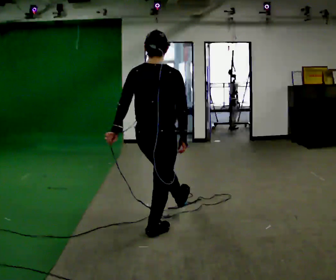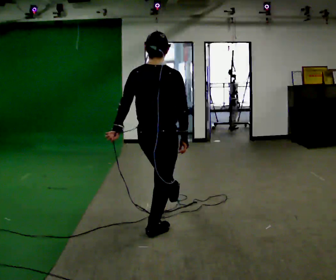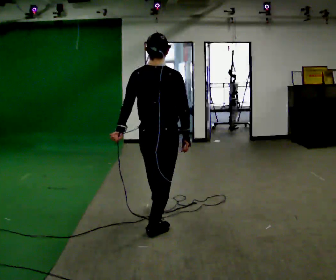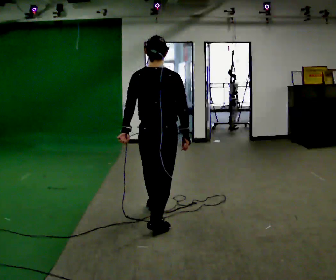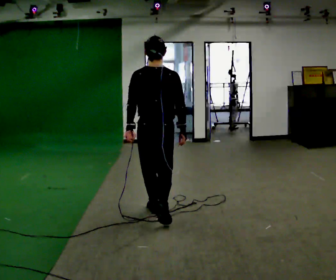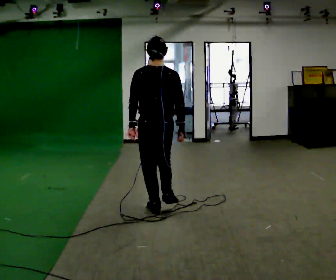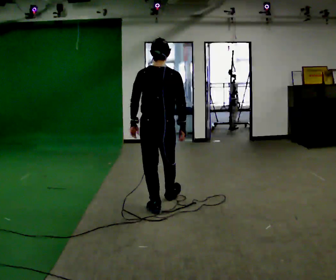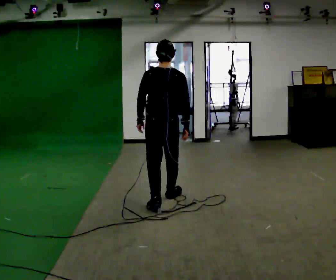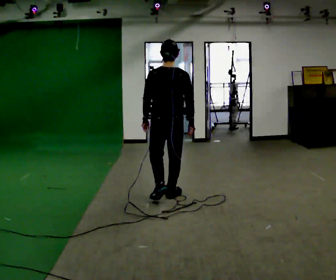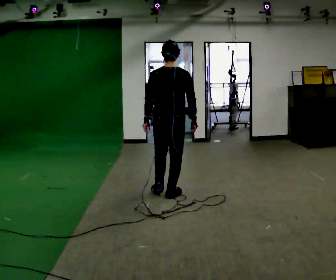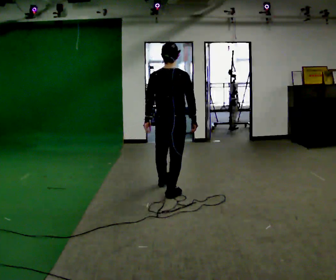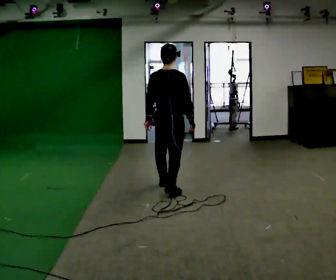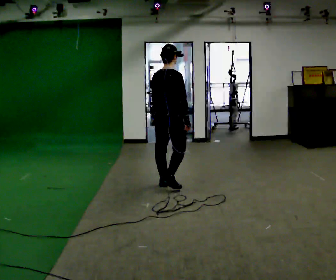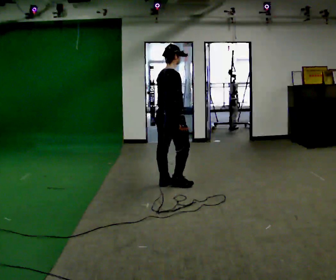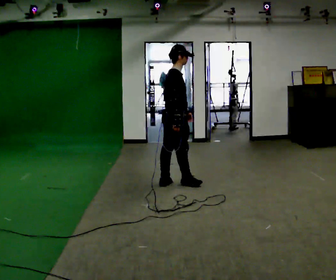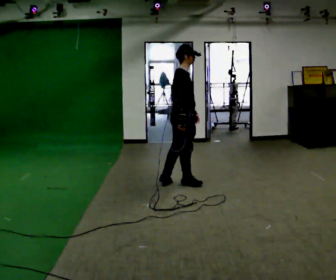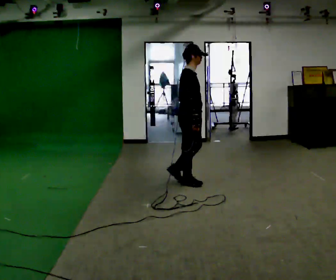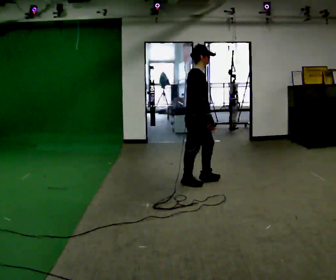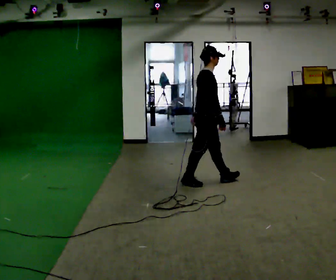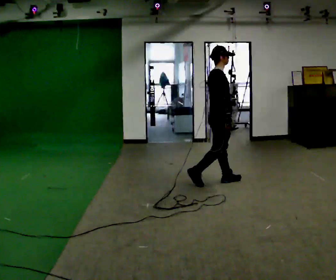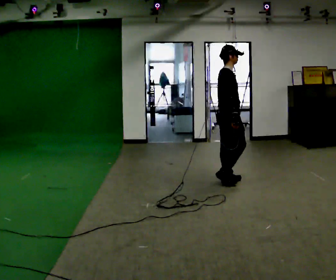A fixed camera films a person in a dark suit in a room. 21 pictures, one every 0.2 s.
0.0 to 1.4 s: In the picture they go away from the camera, about 1 m in 2 steps, which for them is forward.
1.4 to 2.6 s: The part of the body nearest the lens slides to the left as the person turns to their right by about 60 degrees. In the picture they go away from the camera, about 0.75 m in 1 step.
2.6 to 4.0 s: The part of the body nearest the lens slides to the left as the person turns to their right by about 30 degrees. In the picture they go to the right, about 0.75 m in 2 steps, which for them is forward.
The film runs forward here.
